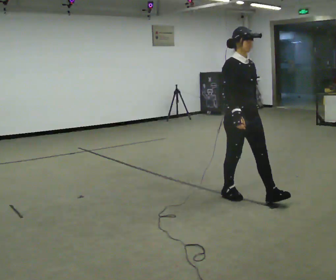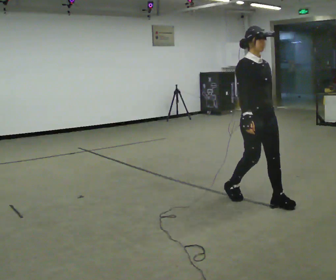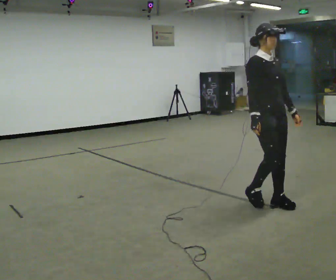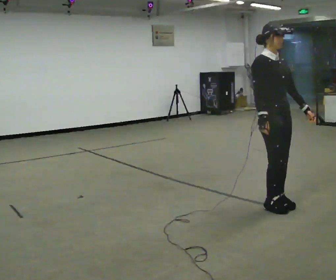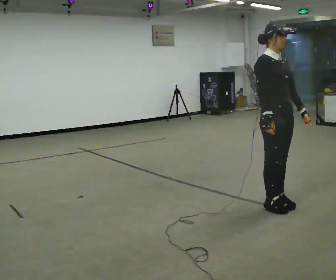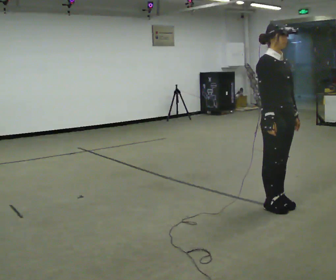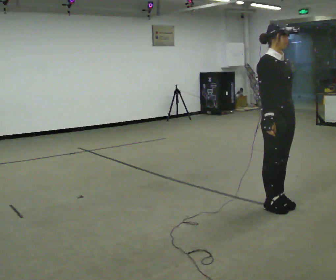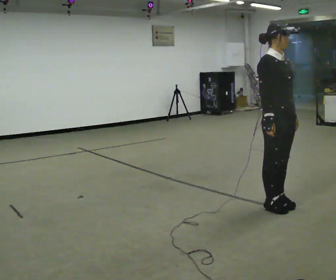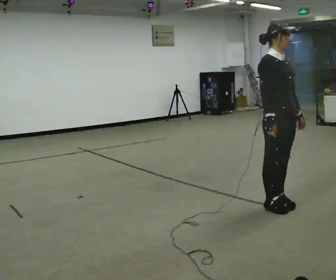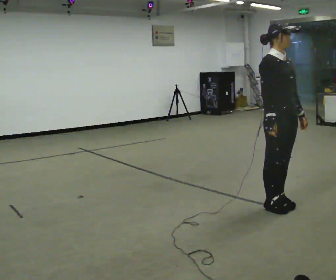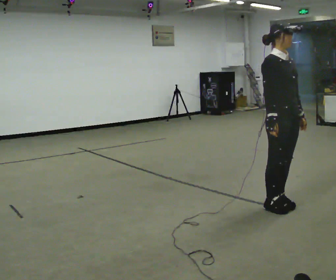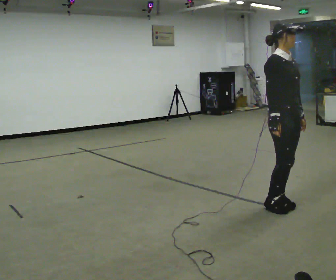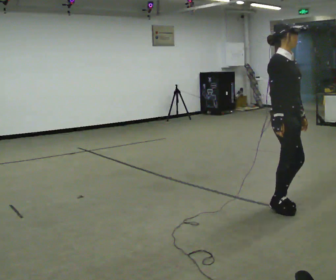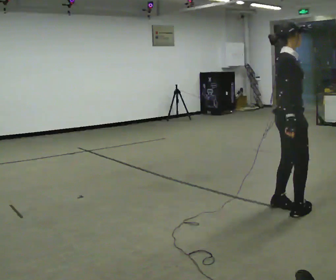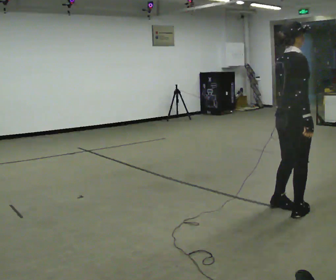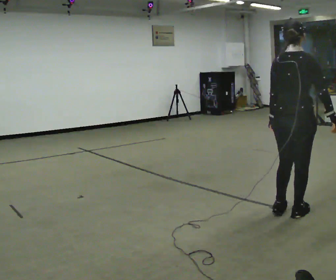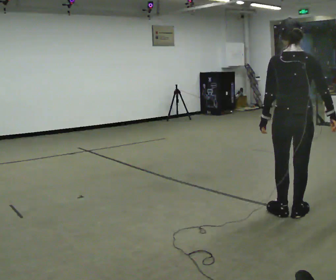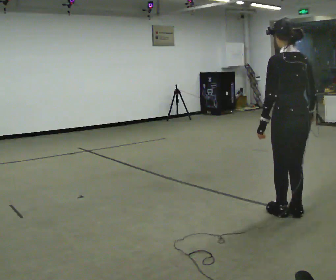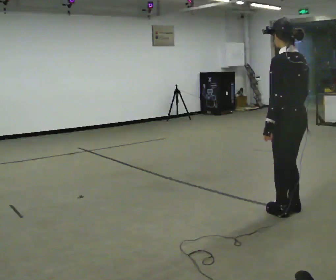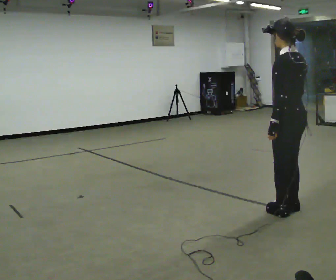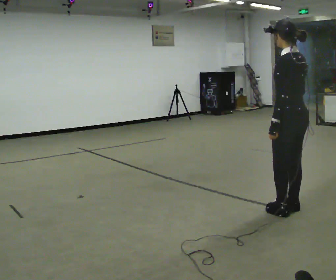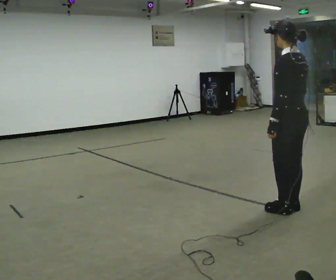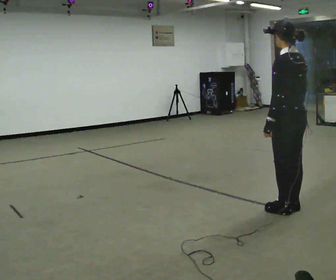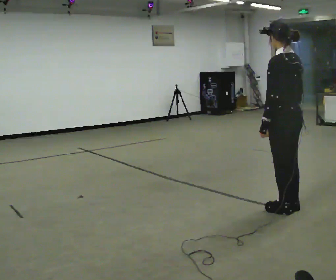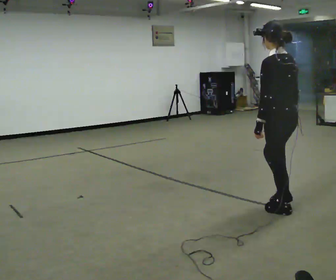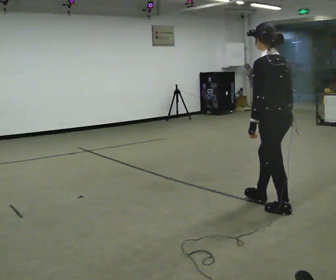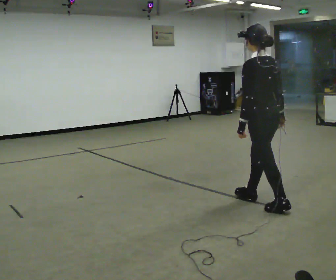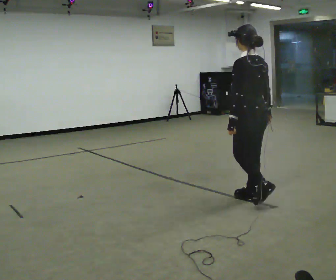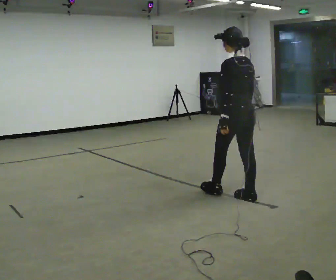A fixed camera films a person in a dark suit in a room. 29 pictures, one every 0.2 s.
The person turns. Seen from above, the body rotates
counterclockwise.
The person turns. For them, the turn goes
to their left.
0.0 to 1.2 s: In the picture they go to the right and toward the camera, about 0.5 m in 2 steps, which for them is forward.
1.2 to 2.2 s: The person moves a little, or ends about where they began.
2.2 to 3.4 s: Seen from above the body turns counterclockwise, about 165 degrees: to their left, with its near side sliding to the right. In the picture they go toward the camera, about 0.25 m in 2 steps.
3.4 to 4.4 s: The person moves a little, or ends about where they began.
4.4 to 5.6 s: In the picture they go to the left and away from the camera, about 0.5 m in 1 step, which for them is forward.
The film runs forward here.
